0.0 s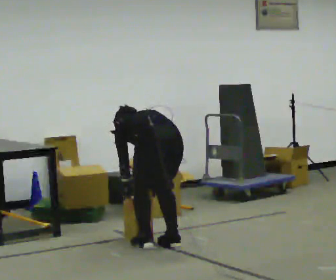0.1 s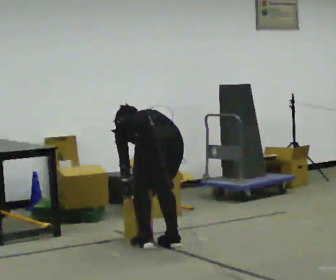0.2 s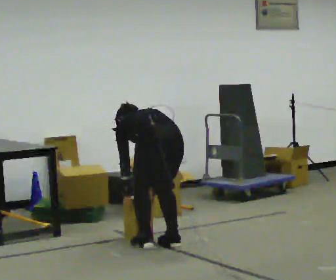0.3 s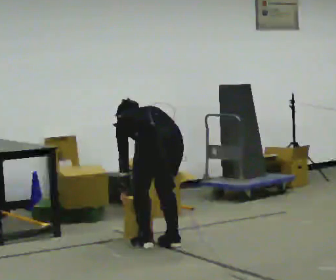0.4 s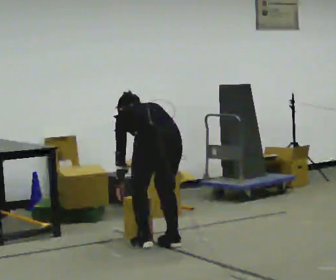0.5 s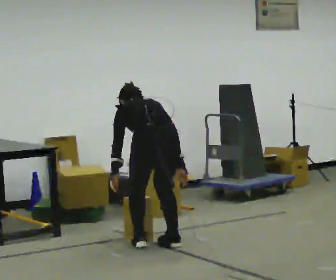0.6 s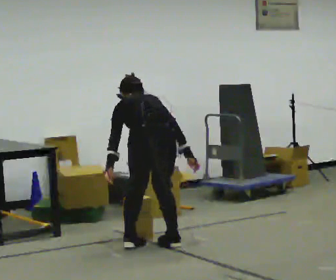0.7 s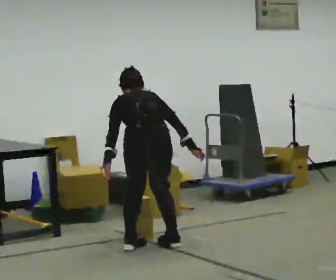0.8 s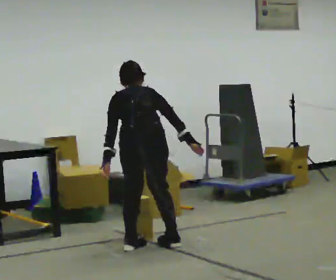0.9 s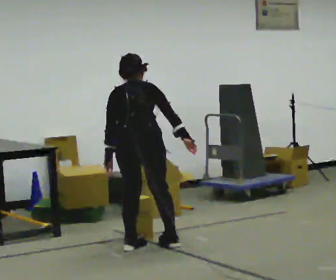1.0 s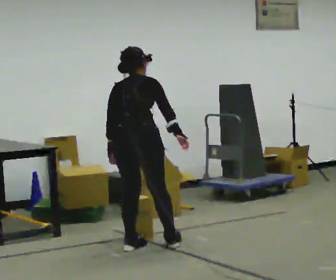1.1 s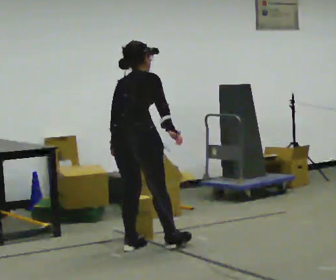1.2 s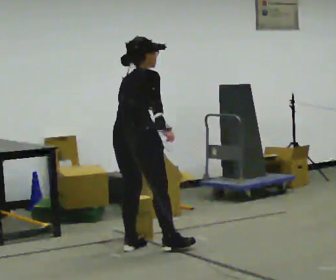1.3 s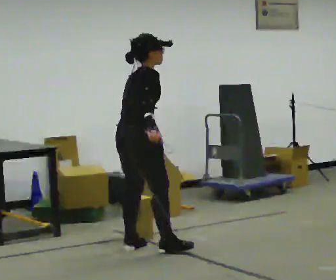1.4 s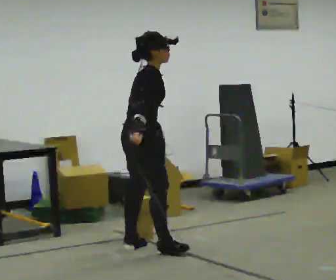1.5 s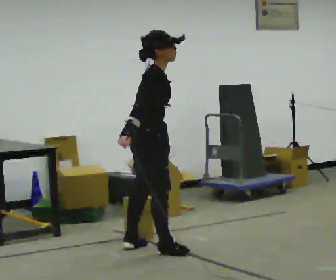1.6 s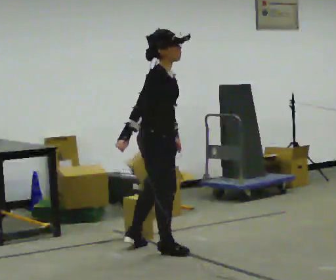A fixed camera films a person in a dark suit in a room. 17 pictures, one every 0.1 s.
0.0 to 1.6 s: The person turns about 120 degrees to their right, clockwise seen from above, so the part of the body nearest the lens slides to the left. The shoulders move upward. The upper body tips toward the camera, its near side rolling downward, as they lean back or straighten. In the picture their right hand goes upward.
The film runs forward here.
